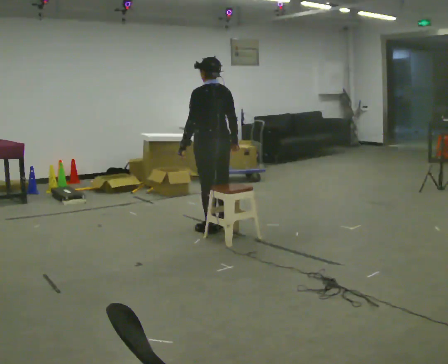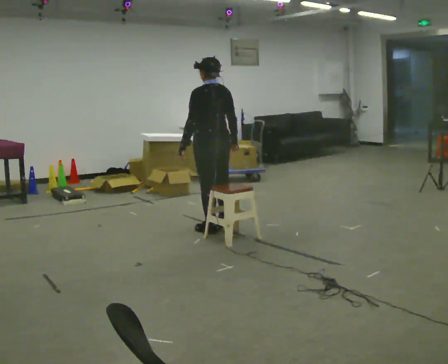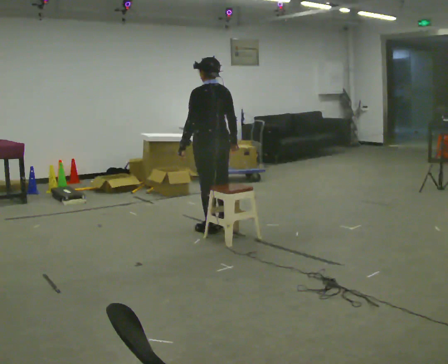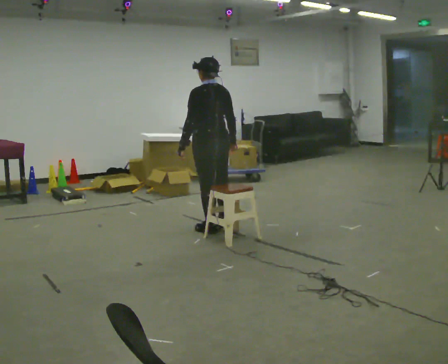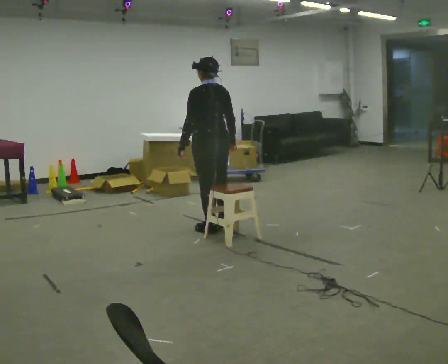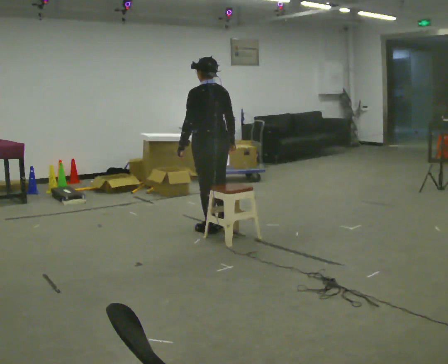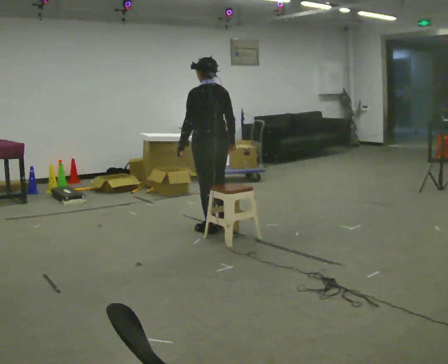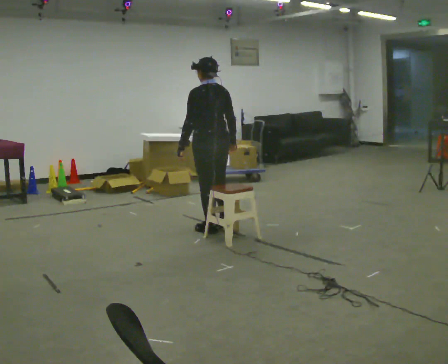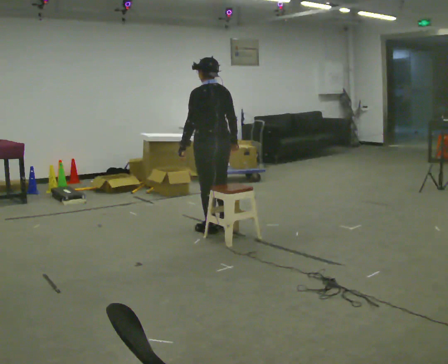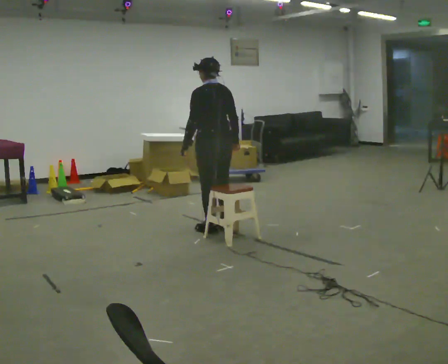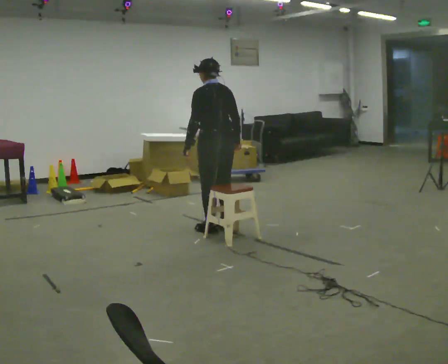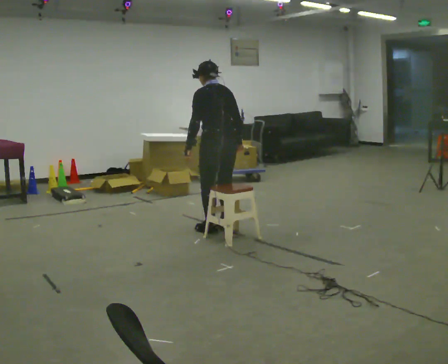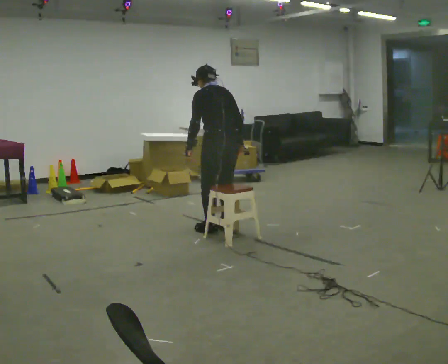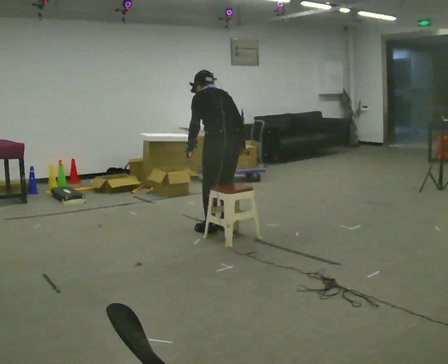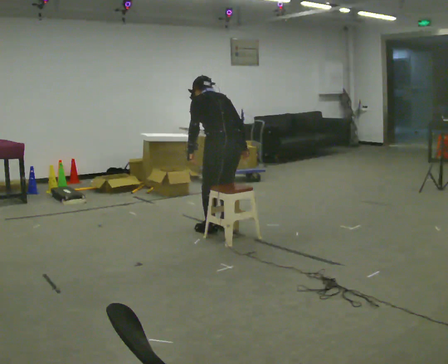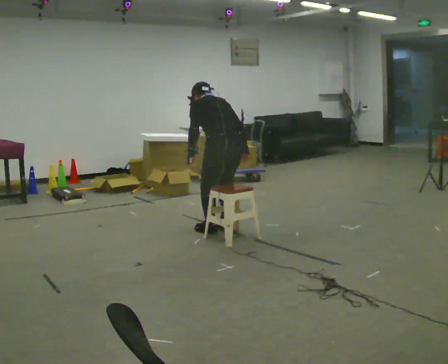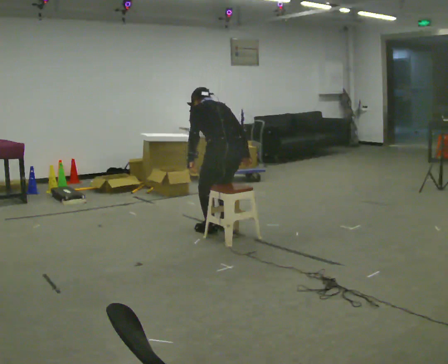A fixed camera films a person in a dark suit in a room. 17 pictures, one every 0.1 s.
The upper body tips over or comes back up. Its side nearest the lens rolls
upward.
0.0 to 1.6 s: The shoulders move downward. The upper body tips away from the camera, its near side rolling upward, as they bend forward.
The film runs forward here.
